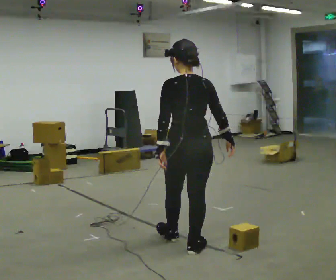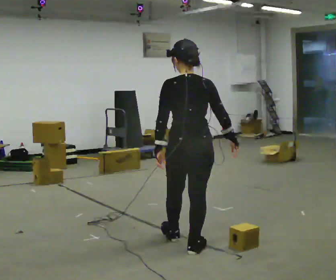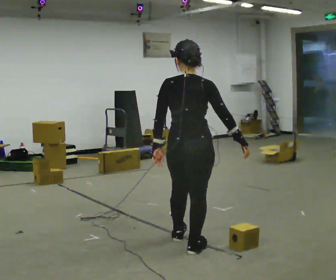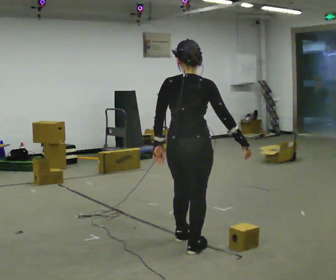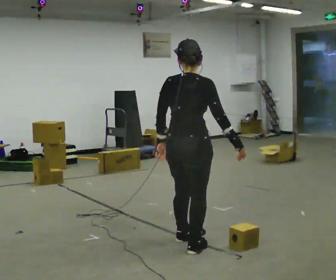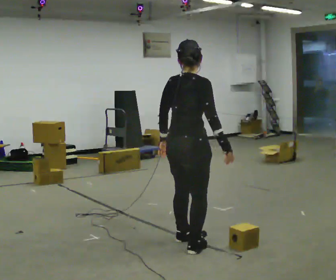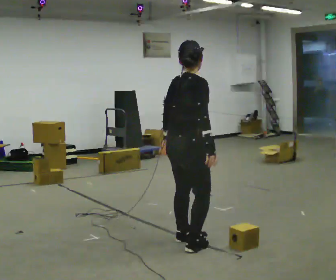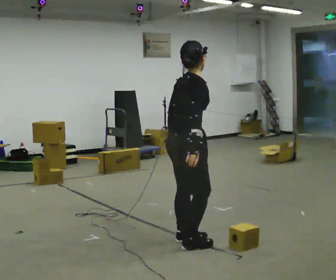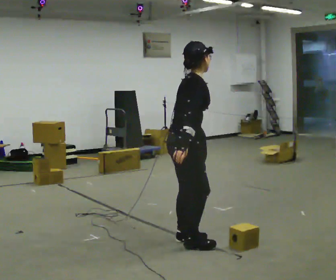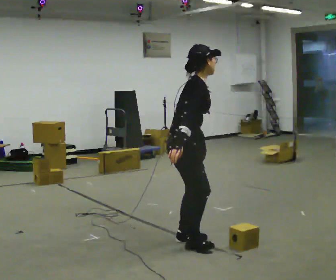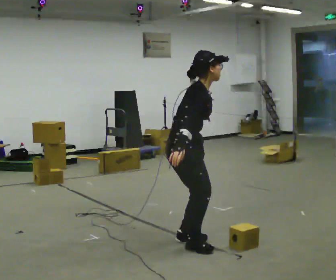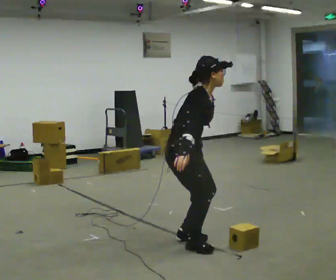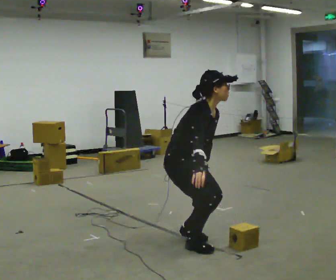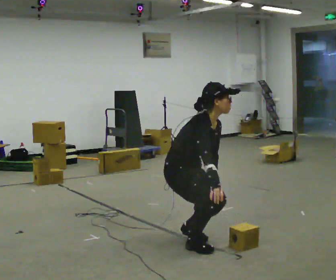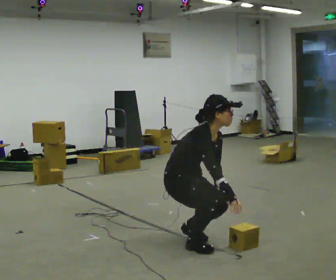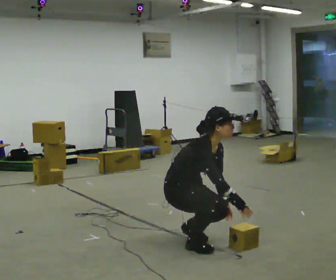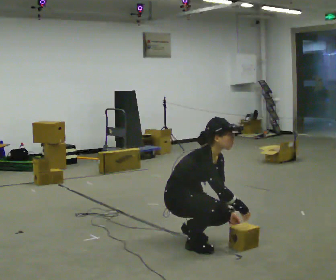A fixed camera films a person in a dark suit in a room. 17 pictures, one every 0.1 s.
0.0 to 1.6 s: Seen from above the body turns clockwise, about 135 degrees: to their right, with its near side sliding to the left. In the picture they go away from the camera, about 0.25 m. The shoulders move downward. In the picture the upper body tilts clockwise, shoulders to the right, as they bend forward. In the picture their left hand goes downward and to the right.
The film runs backward here.
